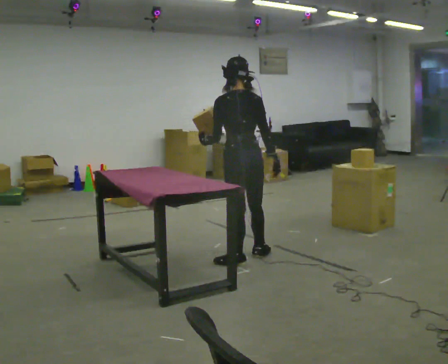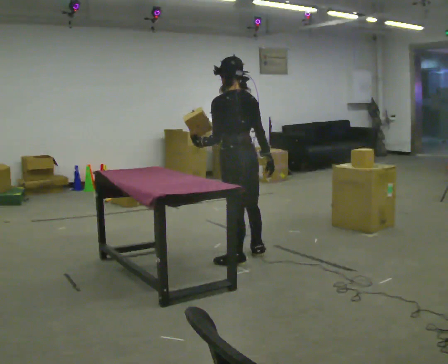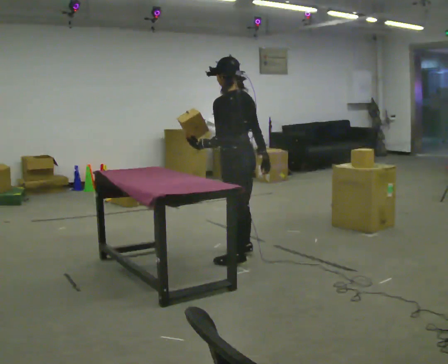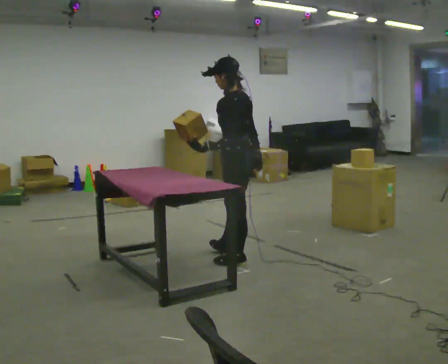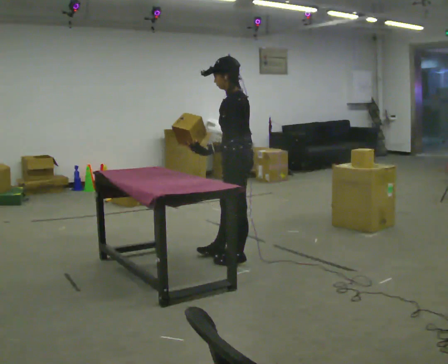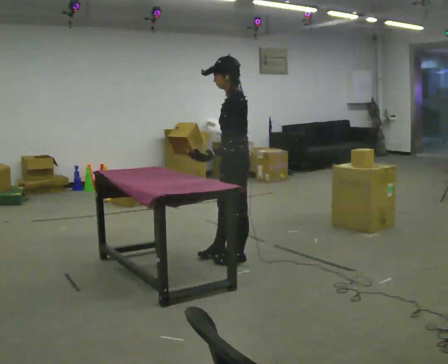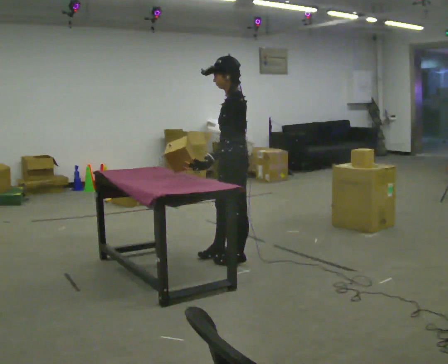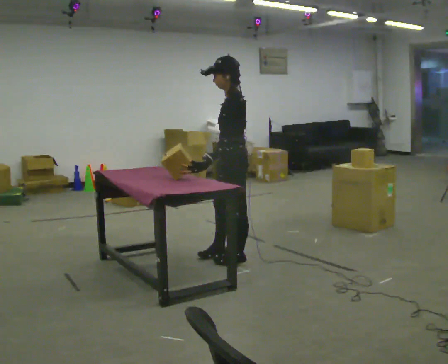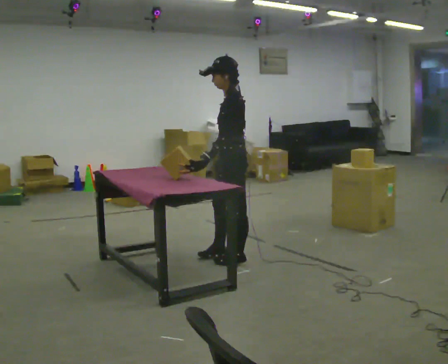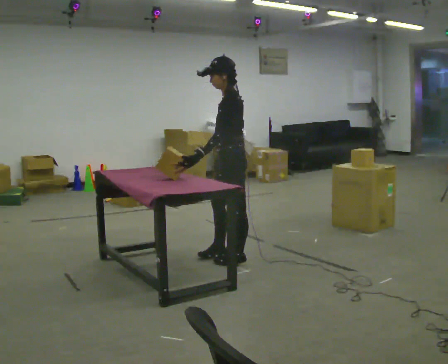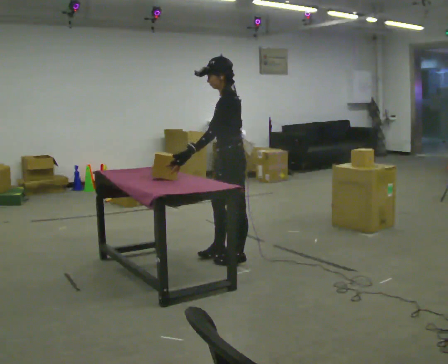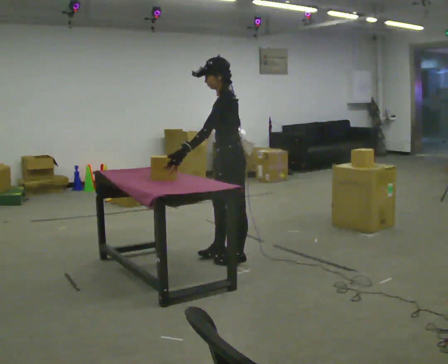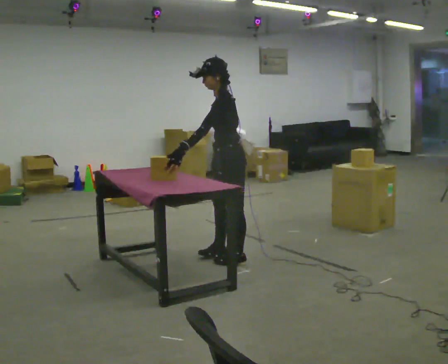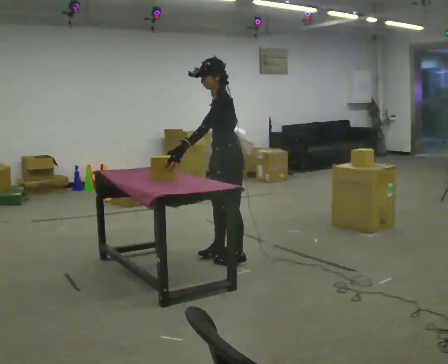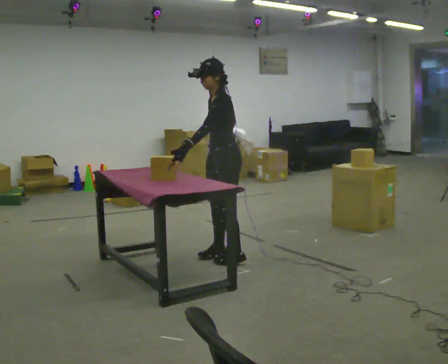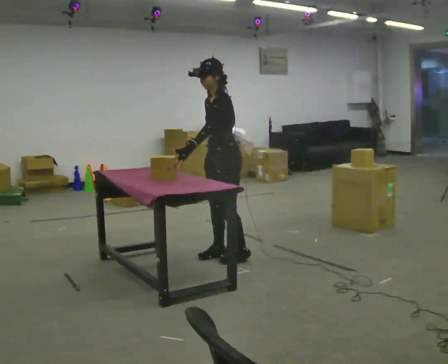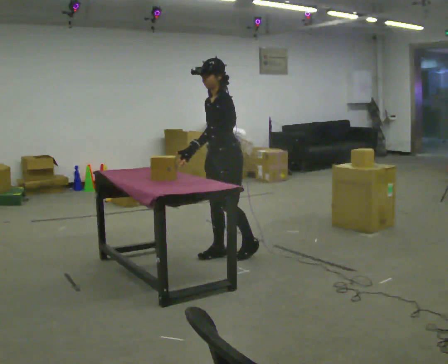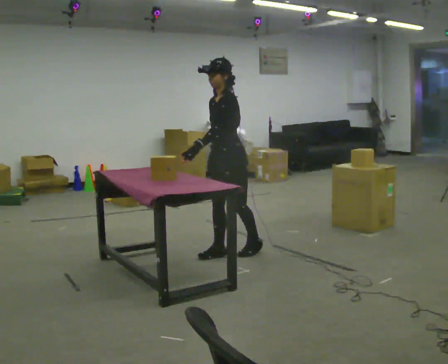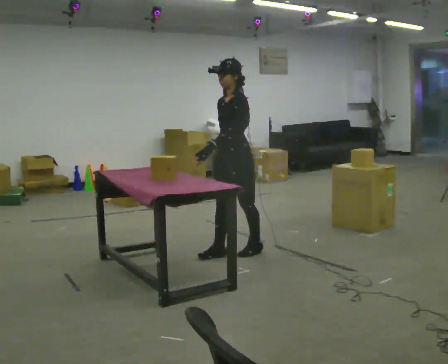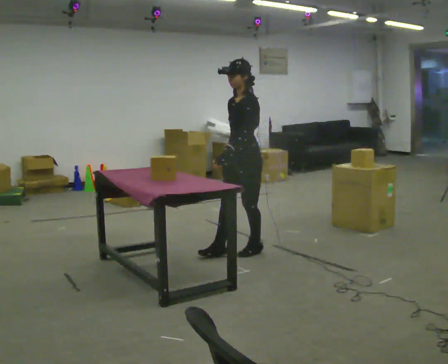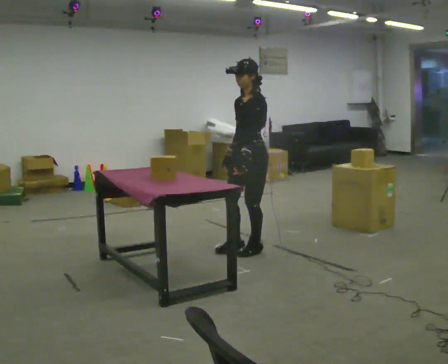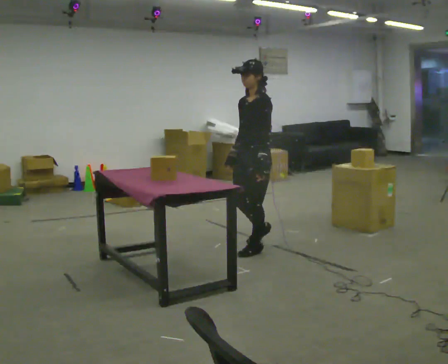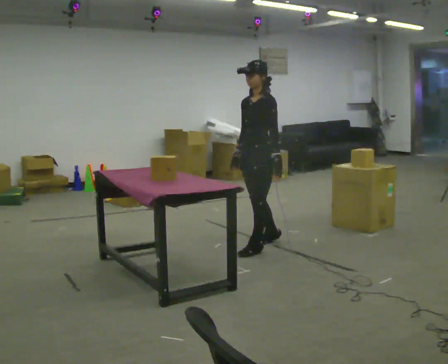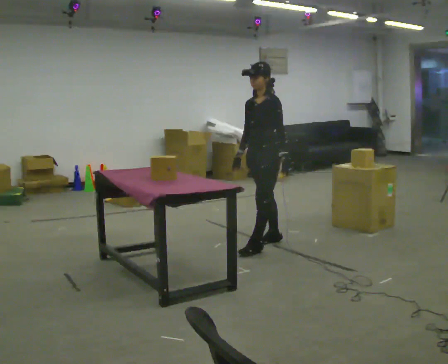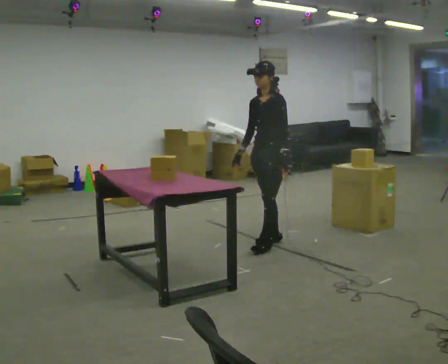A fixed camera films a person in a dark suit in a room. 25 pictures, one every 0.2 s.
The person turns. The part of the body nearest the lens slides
to the right.
Their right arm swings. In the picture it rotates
clockwise.
0.0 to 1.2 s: Seen from above the body turns counterclockwise, about 60 degrees: to their left, with its near side sliding to the right.
1.2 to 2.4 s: The person moves a little, or ends about where they began.
2.4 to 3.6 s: Seen from above the body turns counterclockwise, about 30 degrees: to their left, with its near side sliding to the right.
3.6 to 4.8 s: In the picture they go away from the camera and to the right, about 0.5 m in 2 steps, which for them is backward and to their right.
The film runs backward here.
